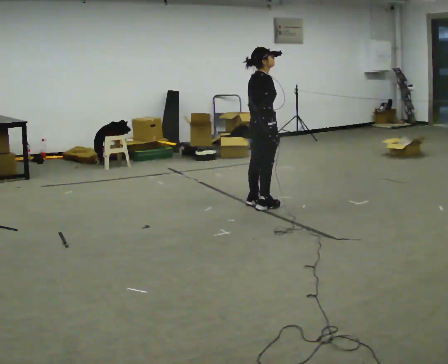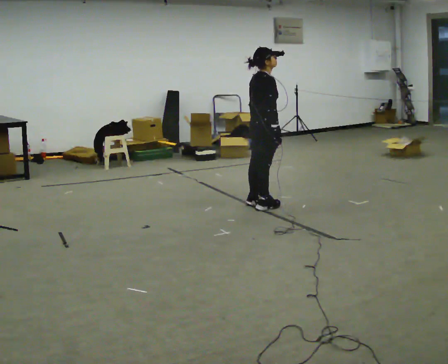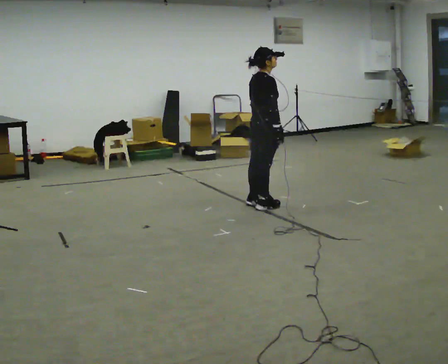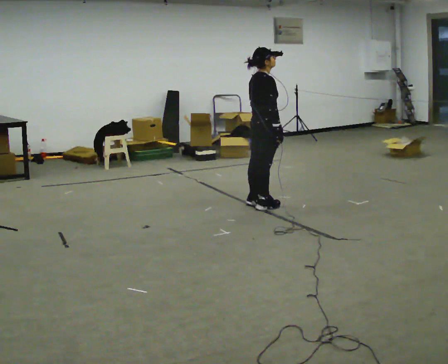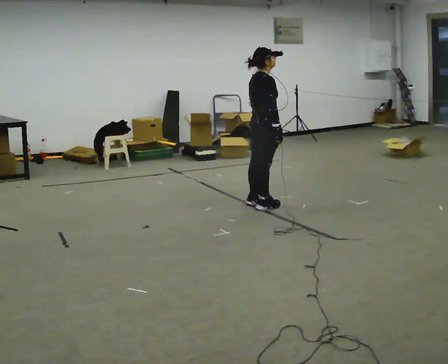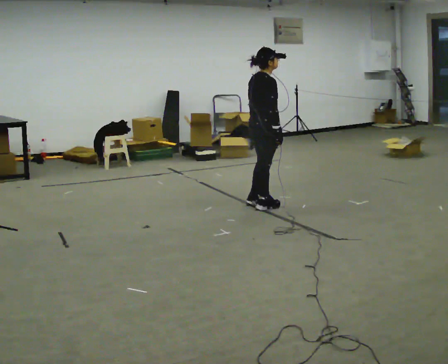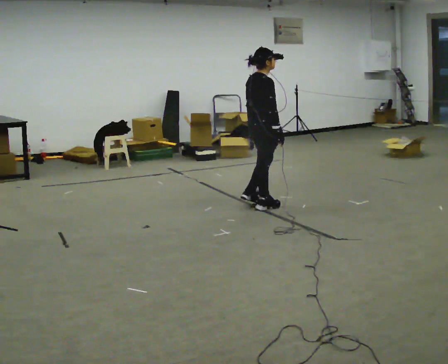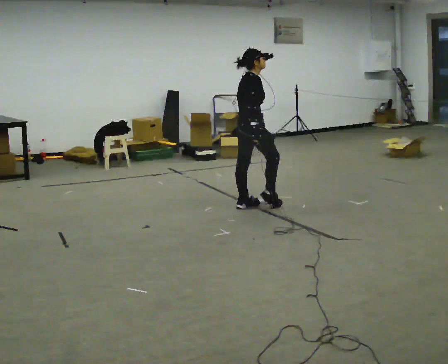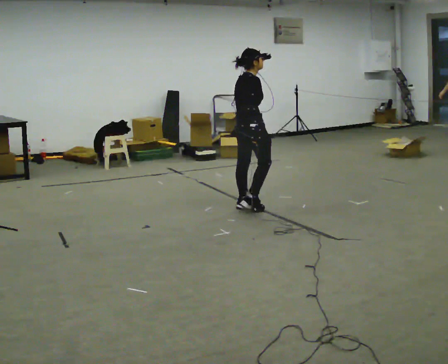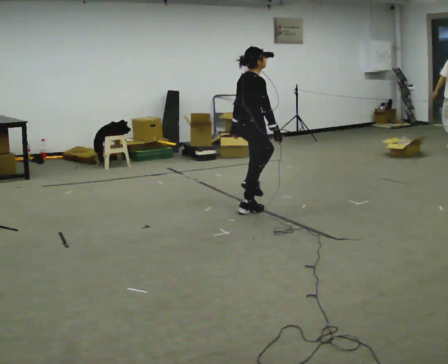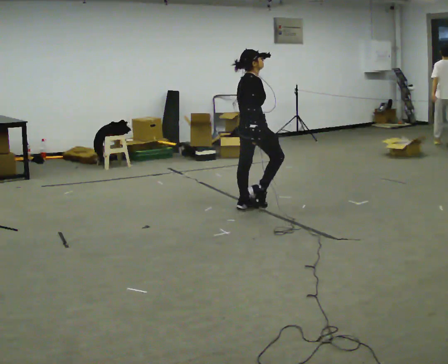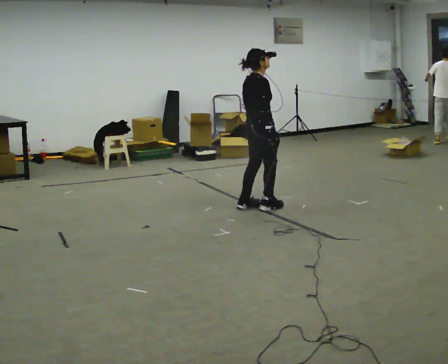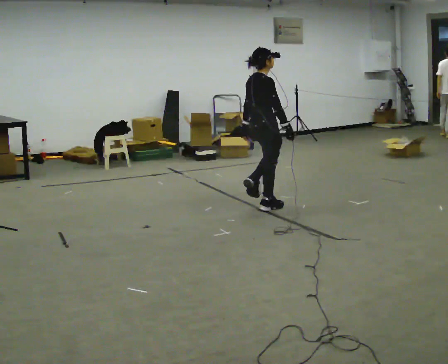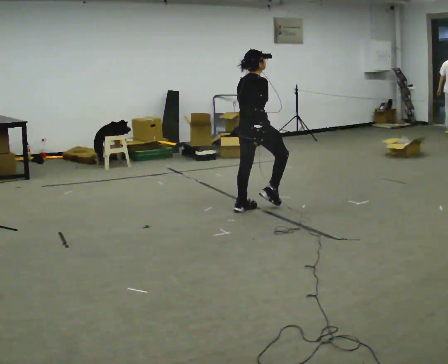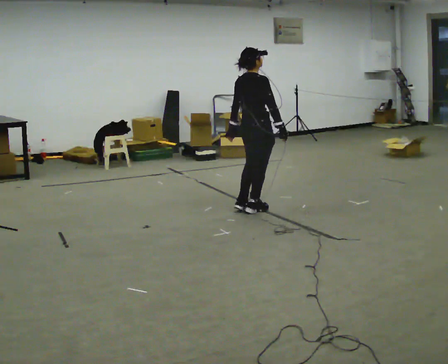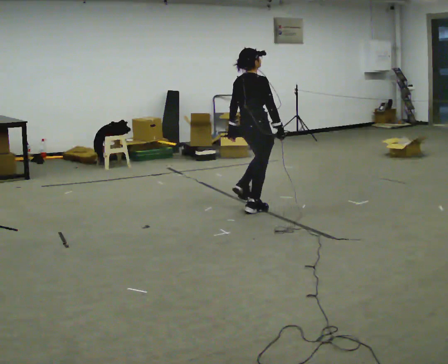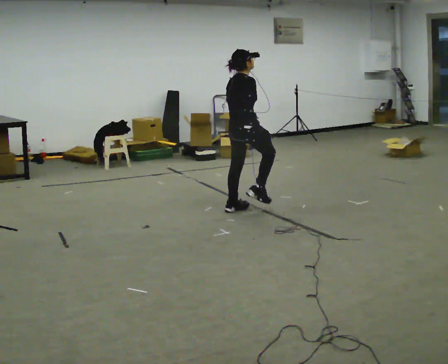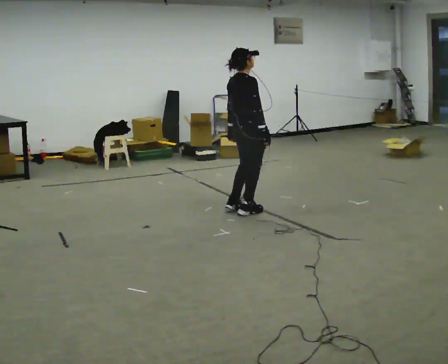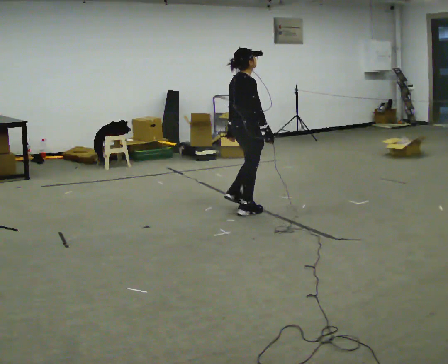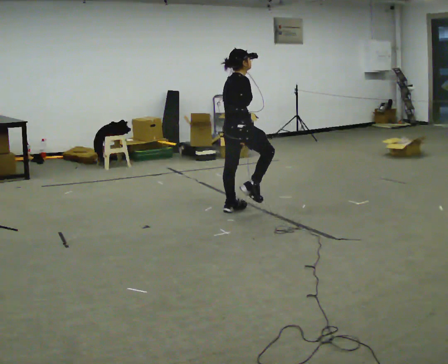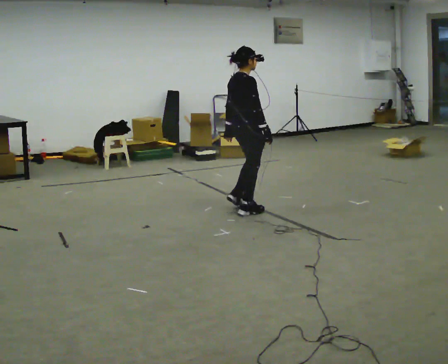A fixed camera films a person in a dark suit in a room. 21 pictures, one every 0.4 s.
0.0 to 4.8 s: The person moves a little, or ends about where they began.
4.8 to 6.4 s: In the picture they go to the left, about 0.25 m, which for them is backward. In the picture their right hand goes to the left.
6.4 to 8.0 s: The person moves a little, or ends about where they began.
The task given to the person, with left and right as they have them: March in place at a comfortable rhythm without moving forward; stop.
The film runs forward here.
